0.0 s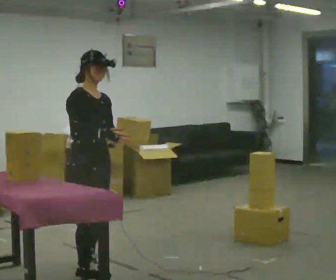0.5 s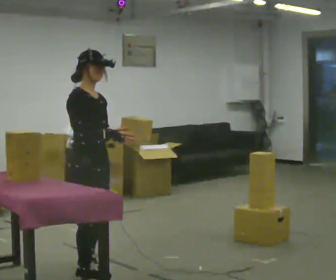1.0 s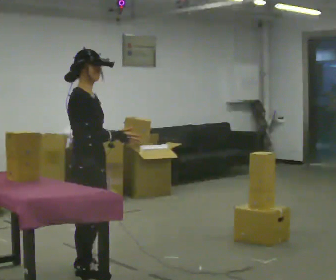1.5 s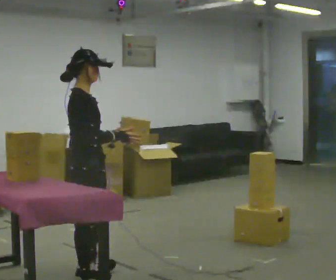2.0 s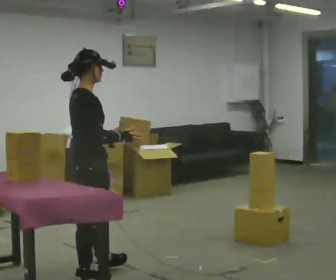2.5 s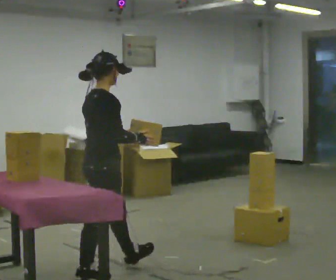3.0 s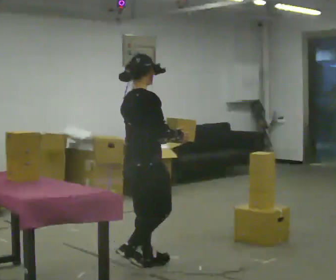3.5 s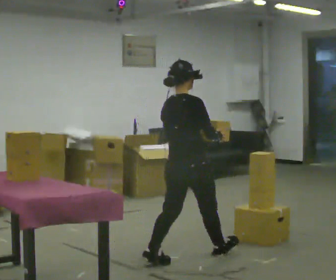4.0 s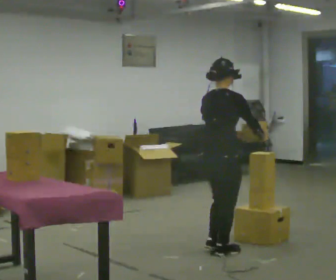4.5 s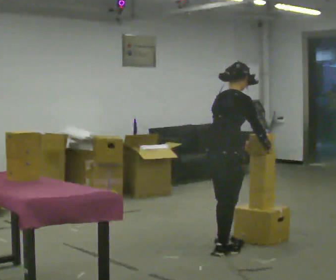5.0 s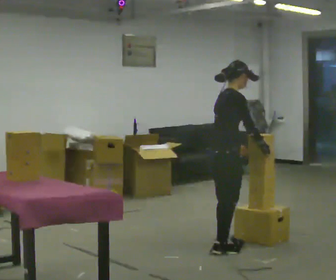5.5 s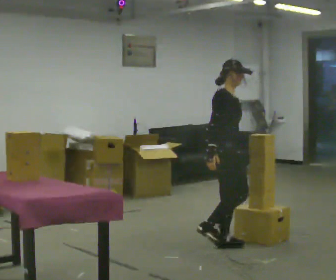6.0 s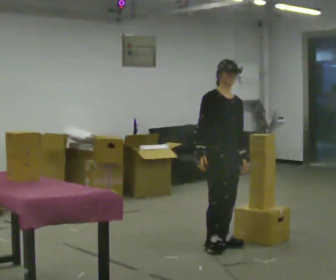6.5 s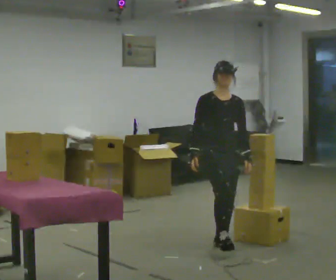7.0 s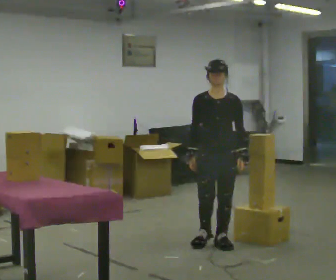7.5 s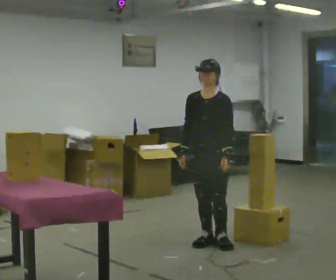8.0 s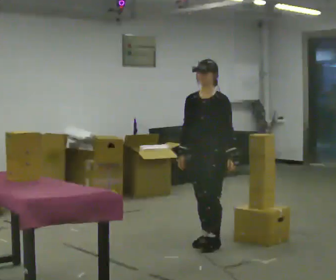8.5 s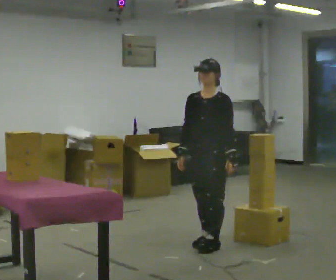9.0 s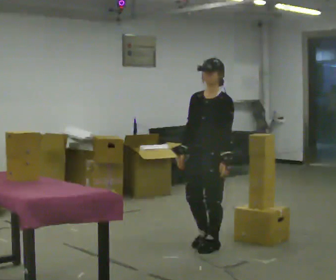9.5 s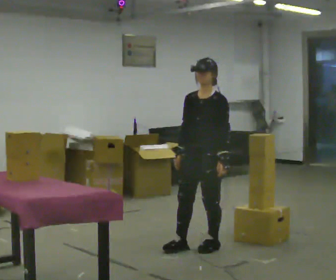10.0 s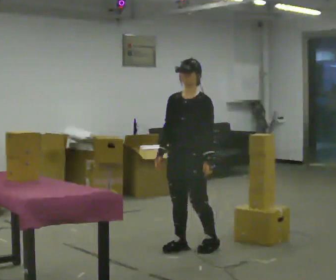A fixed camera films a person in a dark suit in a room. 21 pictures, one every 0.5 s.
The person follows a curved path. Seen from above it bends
counterclockwise.
0.0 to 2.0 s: Seen from above the body turns counterclockwise, about 45 degrees: to their left, with its near side sliding to the right.
2.0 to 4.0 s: Seen from above the body turns counterclockwise, about 30 degrees: to their left, with its near side sliding to the right. In the picture they go to the right and away from the camera, about 1 m in 2 steps, which for them is forward.
4.0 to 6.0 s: The person turns about 90 degrees to their right, clockwise seen from above, so the part of the body nearest the lens slides to the left. In the picture they go away from the camera, about 0.25 m in 2 steps. In the picture their right hand goes to the left, the arm swinging clockwise.
6.0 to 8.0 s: The person turns about 75 degrees to their right, clockwise seen from above, so the part of the body nearest the lens slides to the left.
8.0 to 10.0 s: In the picture they go to the left, about 0.25 m in 1 step, which for them is forward.
The film runs forward here.
